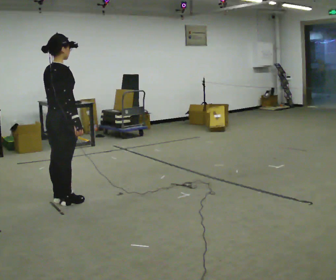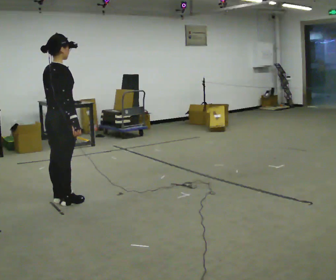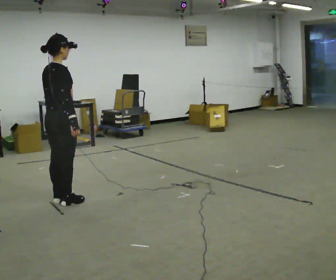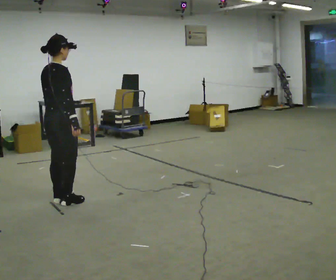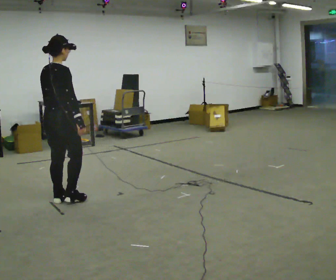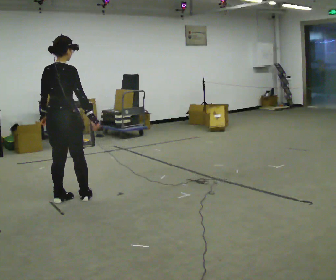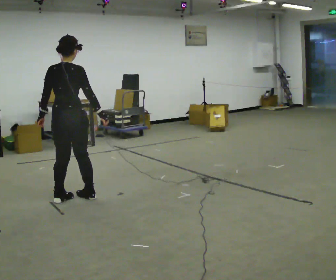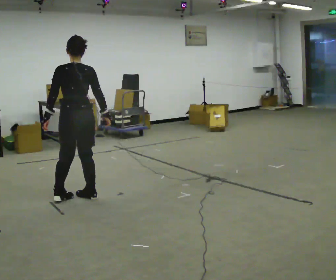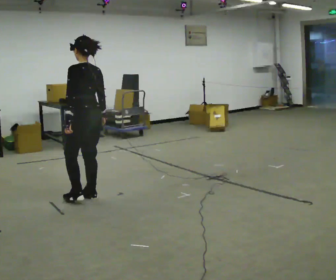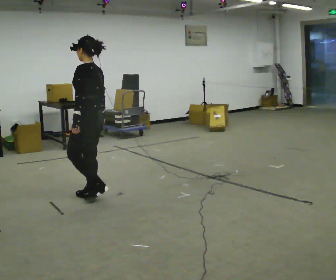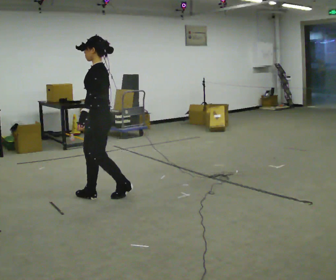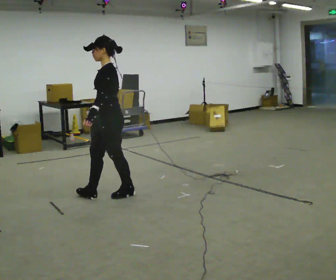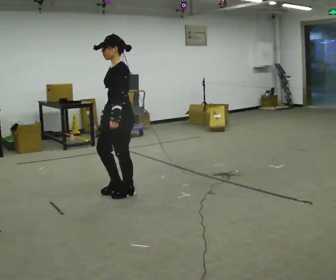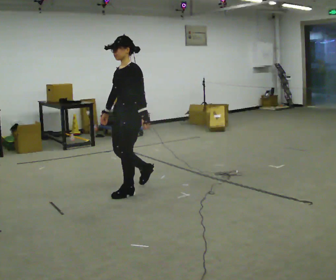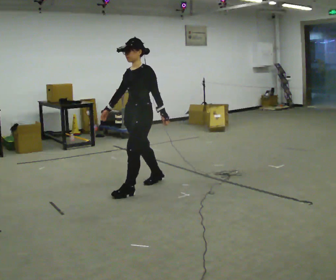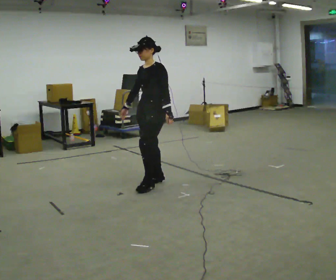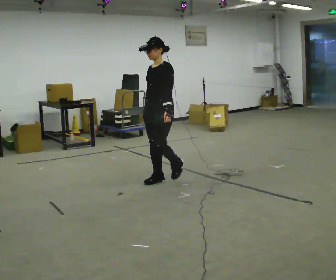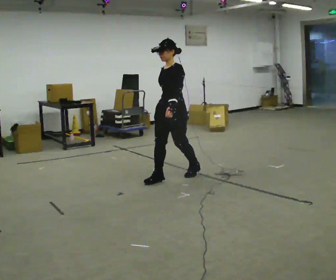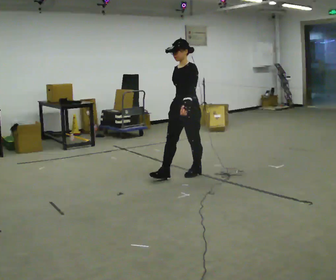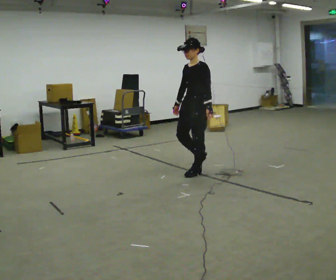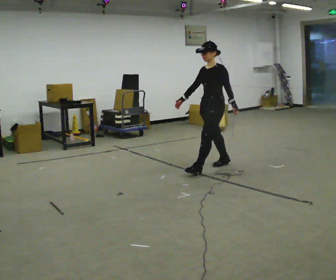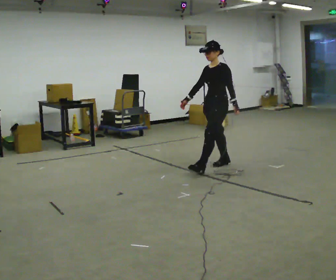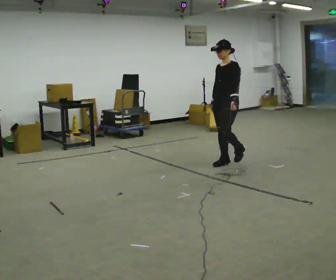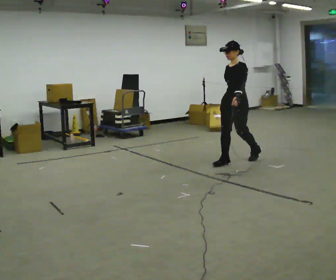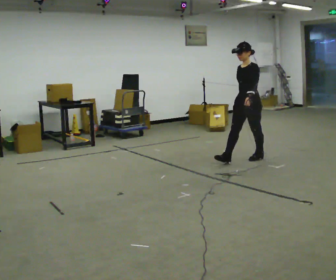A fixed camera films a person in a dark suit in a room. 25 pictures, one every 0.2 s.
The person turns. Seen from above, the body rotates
counterclockwise.
The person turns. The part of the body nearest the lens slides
to the right.
0.0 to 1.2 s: Seen from above the body turns counterclockwise, about 30 degrees: to their left, with its near side sliding to the right.
1.2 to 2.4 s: The person turns about 120 degrees to their left, counterclockwise seen from above, so the part of the body nearest the lens slides to the right. In the picture they go to the right, about 0.5 m in 2 steps.
2.4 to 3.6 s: In the picture they go to the right and away from the camera, about 1 m in 2 steps, which for them is backward.
3.6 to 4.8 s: In the picture they go to the right and away from the camera, about 1 m in 2 steps, which for them is backward.
The film runs backward here.
